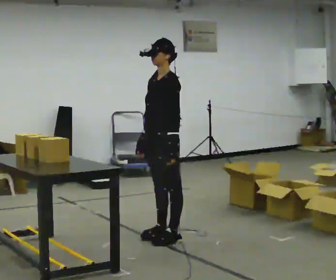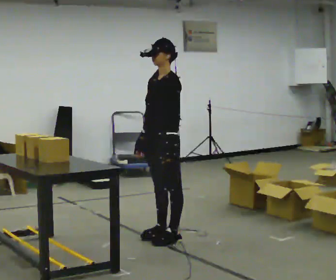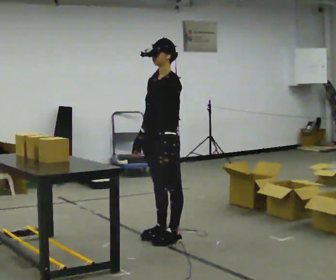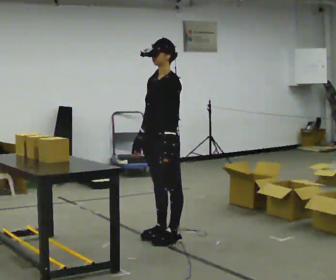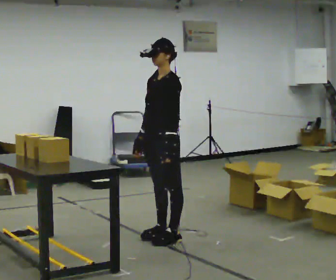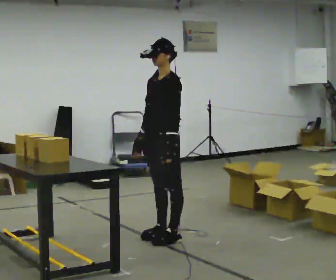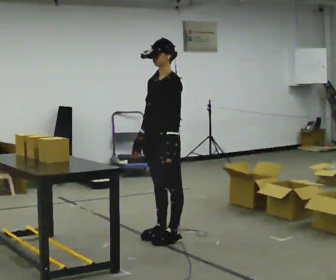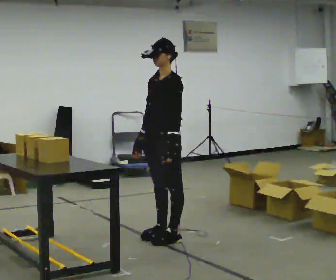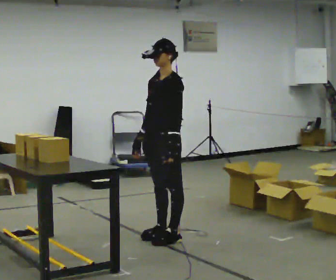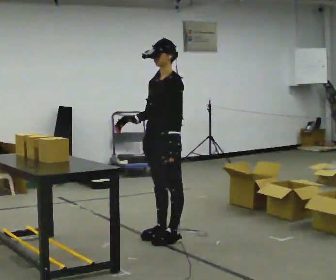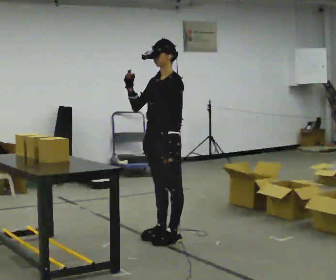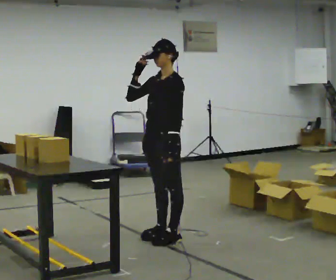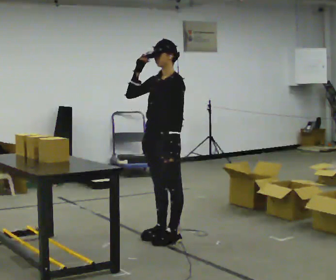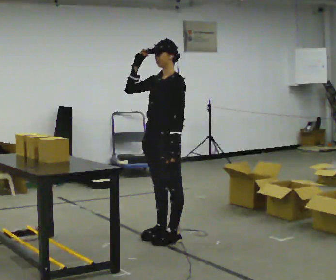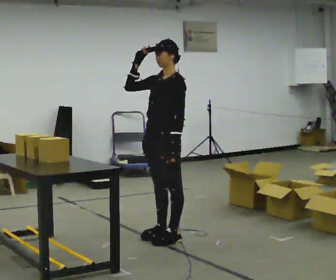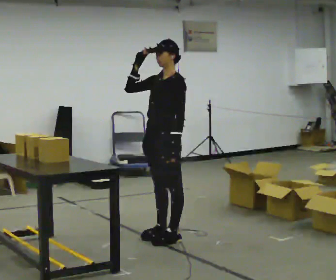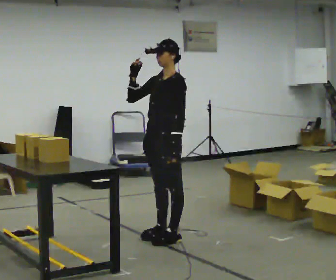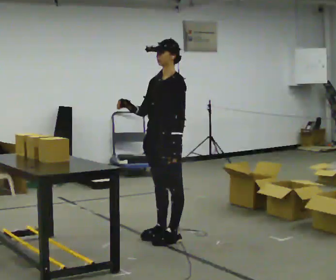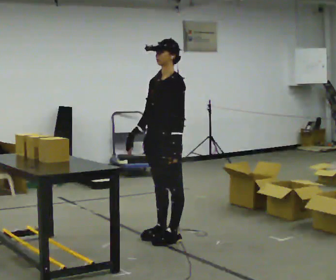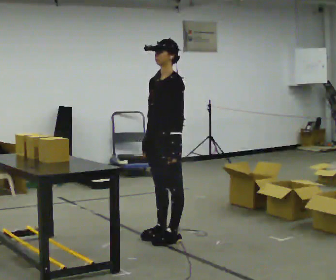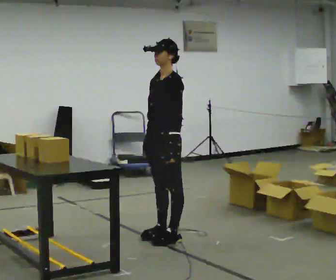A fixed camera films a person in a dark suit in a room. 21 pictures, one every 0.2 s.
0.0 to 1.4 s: The person moves a little, or ends about where they began.
1.4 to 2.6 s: In the picture their right hand goes upward.
2.6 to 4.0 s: In the picture their right hand goes downward.
The film runs forward here.
